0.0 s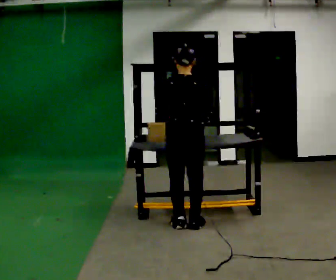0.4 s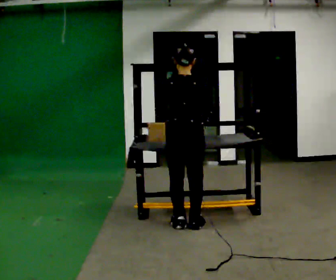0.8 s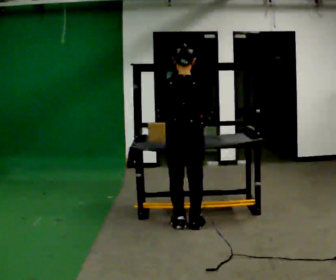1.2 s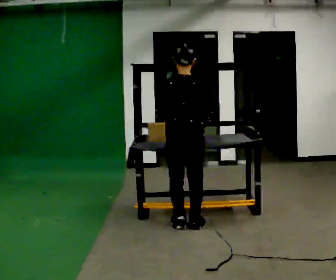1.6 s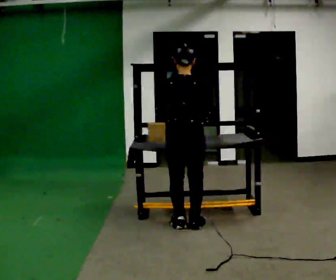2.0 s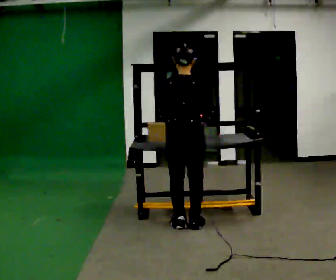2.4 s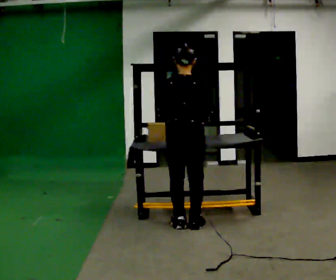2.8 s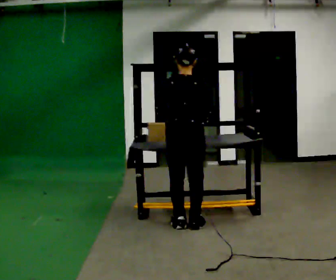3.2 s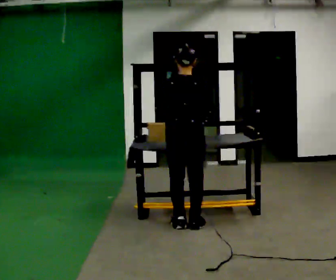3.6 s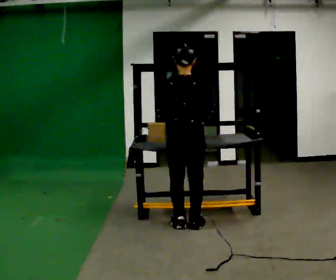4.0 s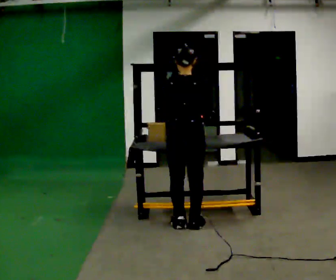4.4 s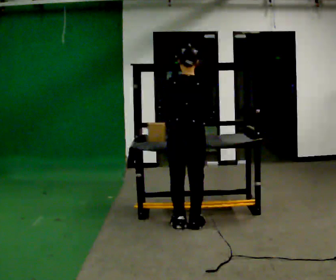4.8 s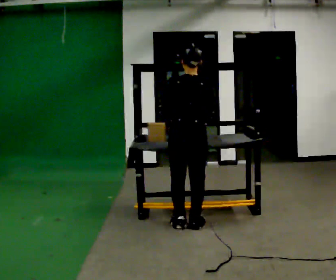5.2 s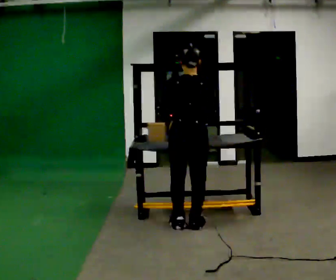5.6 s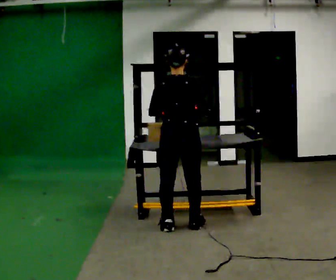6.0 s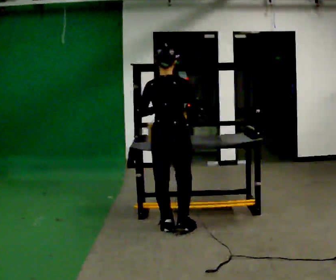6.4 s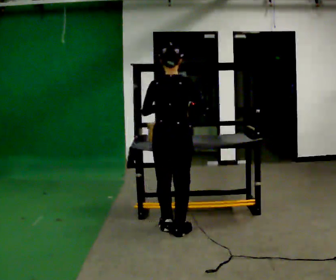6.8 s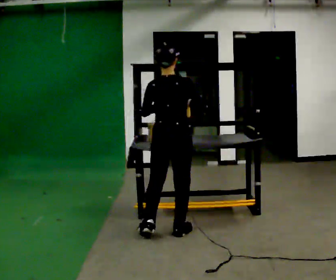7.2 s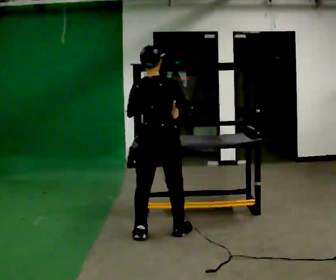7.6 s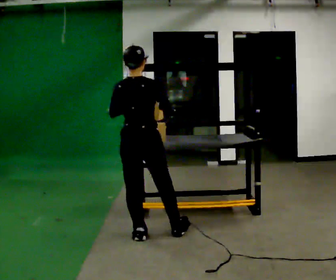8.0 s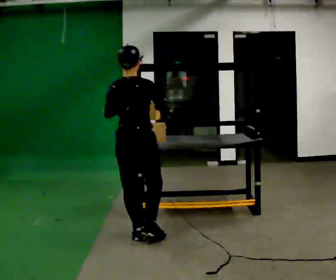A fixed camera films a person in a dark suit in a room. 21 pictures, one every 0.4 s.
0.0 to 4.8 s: The person moves a little, or ends about where they began.
4.8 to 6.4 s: In the picture they go toward the camera, about 0.25 m in 1 step, which for them is backward.
6.4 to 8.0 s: In the picture they go to the left and toward the camera, about 0.25 m in 2 steps, which for them is backward and to their left.
The film runs backward here.
